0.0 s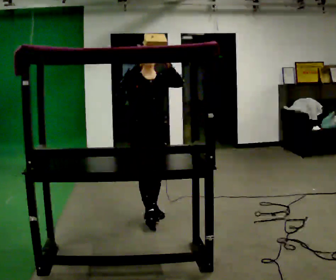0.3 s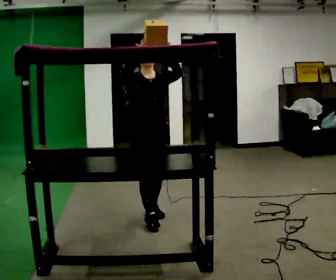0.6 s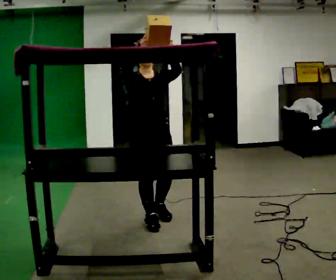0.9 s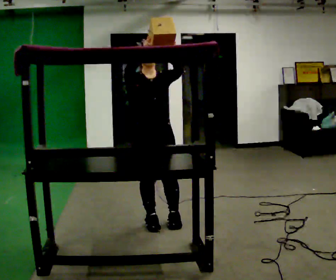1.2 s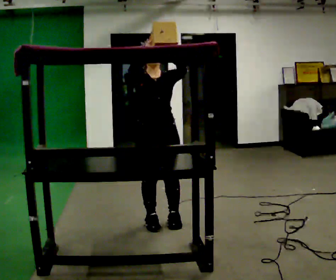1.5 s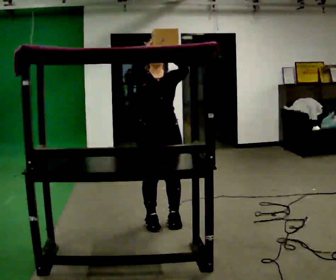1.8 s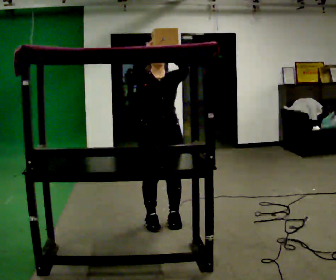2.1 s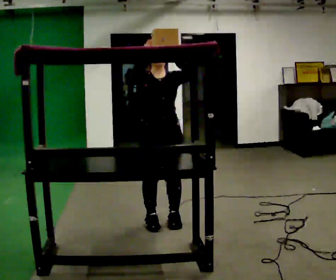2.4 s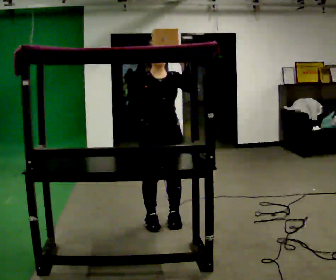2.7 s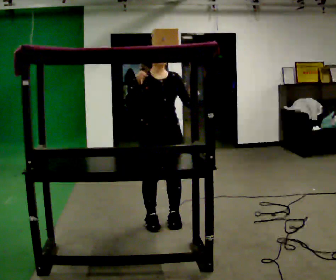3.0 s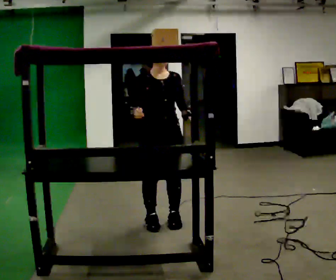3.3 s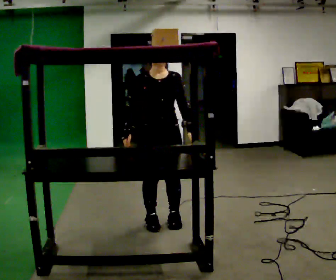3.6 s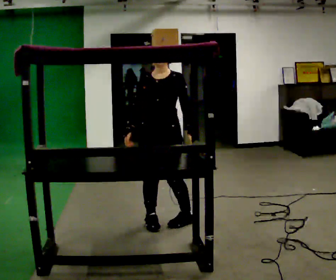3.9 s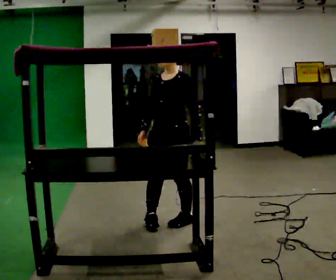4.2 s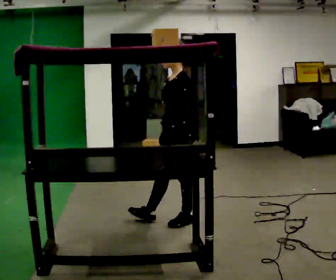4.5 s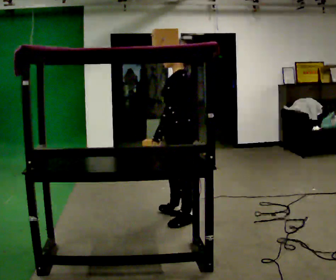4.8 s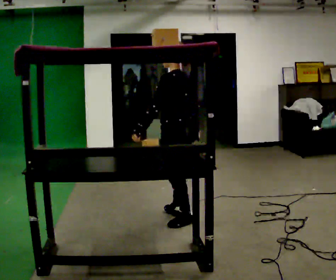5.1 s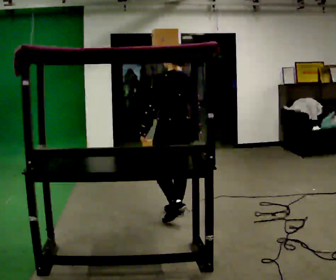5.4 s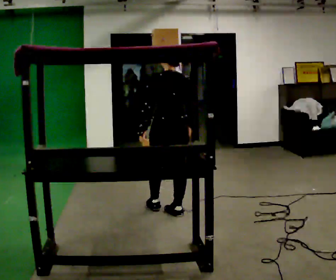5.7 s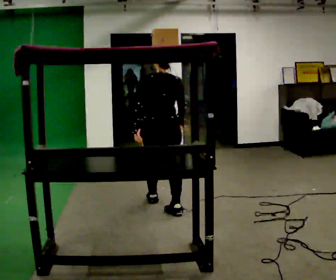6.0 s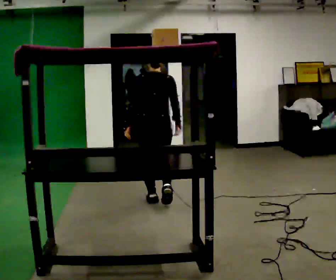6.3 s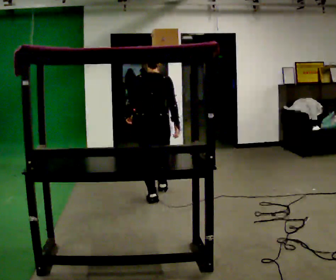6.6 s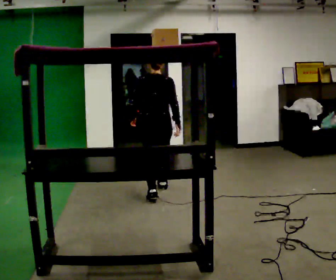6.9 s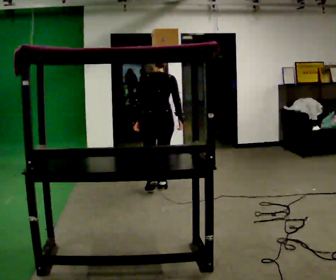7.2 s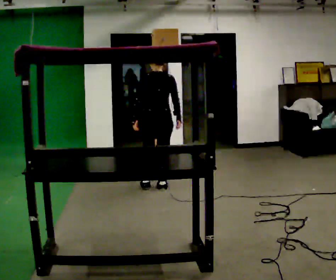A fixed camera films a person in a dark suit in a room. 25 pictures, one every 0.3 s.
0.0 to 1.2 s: In the picture they go toward the camera, about 0.25 m in 1 step, which for them is forward.
1.2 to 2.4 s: The person moves a little, or ends about where they began.
2.4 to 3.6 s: Seen from above the body turns clockwise, about 30 degrees: to their right, with its near side sliding to the left. In the picture their right hand goes downward.
3.6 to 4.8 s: The person turns about 105 degrees to their right, clockwise seen from above, so the part of the body nearest the lens slides to the left. In the picture they go away from the camera, about 0.25 m in 1 step. In the picture their left hand goes to the left, the arm swinging clockwise.
4.8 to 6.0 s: The part of the body nearest the lens slides to the left as the person turns to their right by about 60 degrees. In the picture they go away from the camera and to the left, about 0.5 m in 1 step, which for them is forward.
6.0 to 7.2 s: In the picture they go away from the camera, about 0.5 m in 2 steps, which for them is forward.
The film runs forward here.
